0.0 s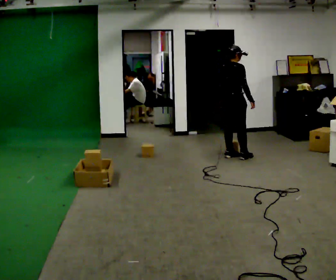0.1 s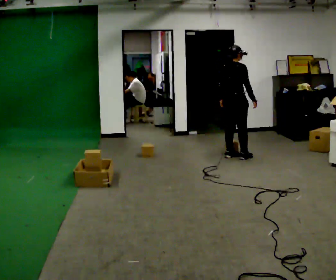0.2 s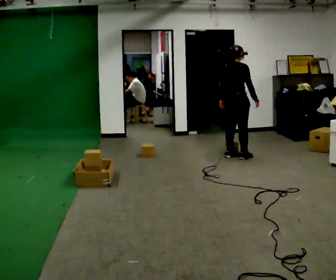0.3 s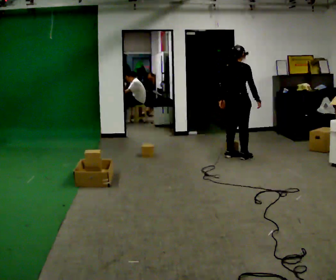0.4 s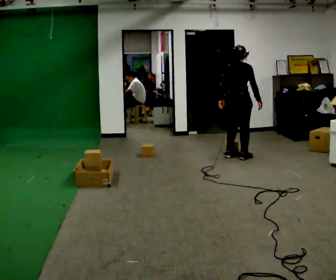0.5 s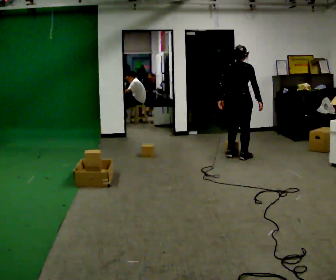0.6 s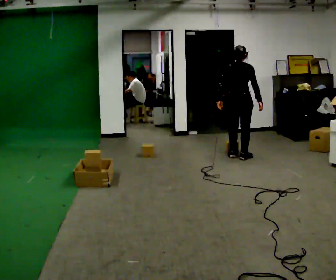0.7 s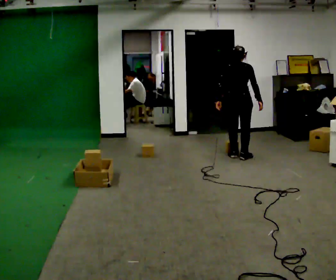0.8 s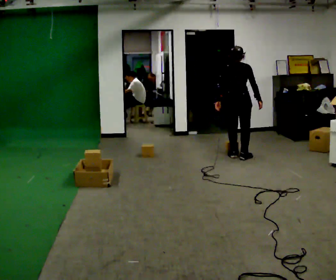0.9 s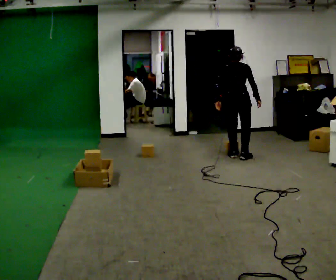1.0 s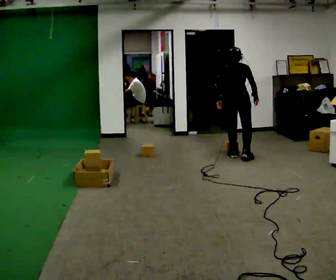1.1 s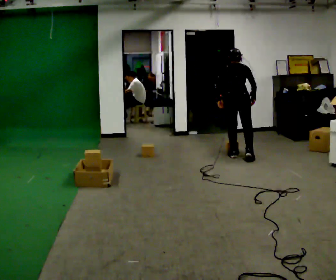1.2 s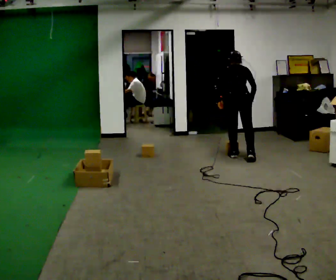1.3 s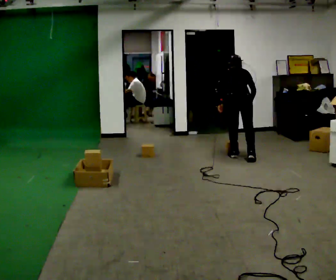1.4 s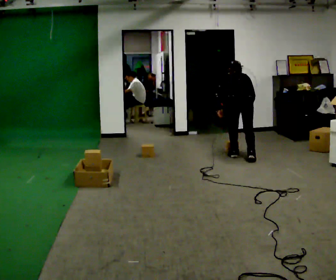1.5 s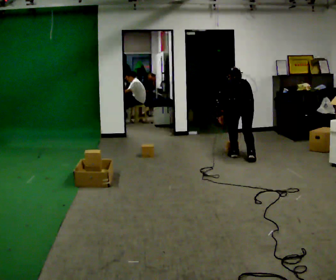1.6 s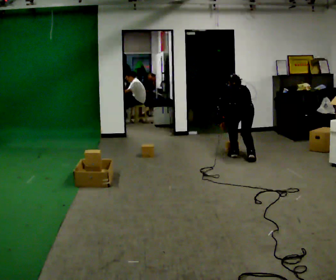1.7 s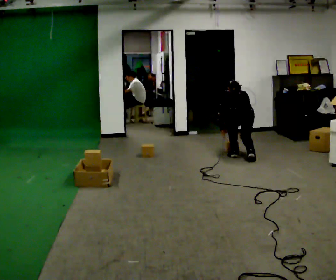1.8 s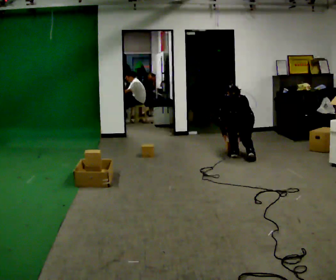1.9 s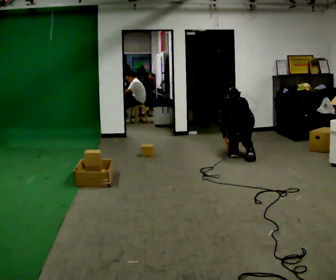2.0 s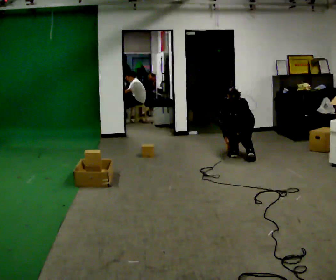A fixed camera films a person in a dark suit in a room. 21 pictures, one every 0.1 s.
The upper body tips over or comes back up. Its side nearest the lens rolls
upward.
The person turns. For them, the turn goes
to their left.
0.0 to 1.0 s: The person turns about 45 degrees to their left, counterclockwise seen from above, so the part of the body nearest the lens slides to the right.
1.0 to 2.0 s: The upper body goes downward. The upper body tips away from the camera, its near side rolling upward, as they bend forward. In the picture their right hand goes downward.
The film runs backward here.
